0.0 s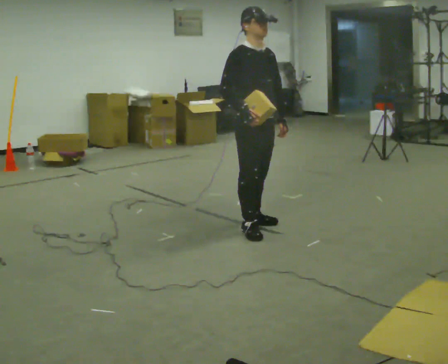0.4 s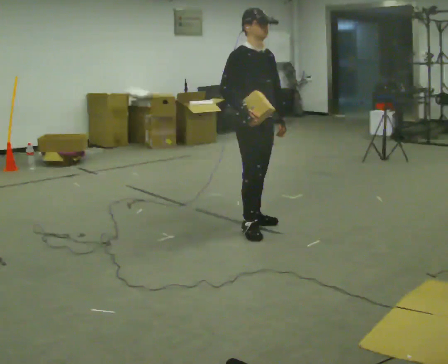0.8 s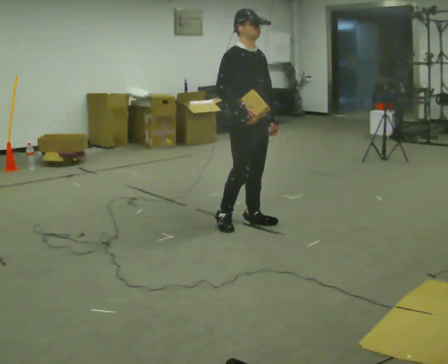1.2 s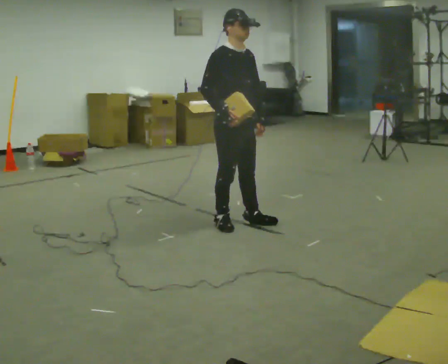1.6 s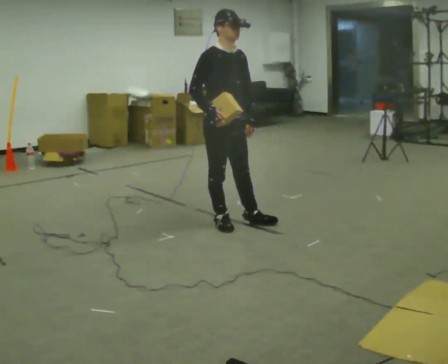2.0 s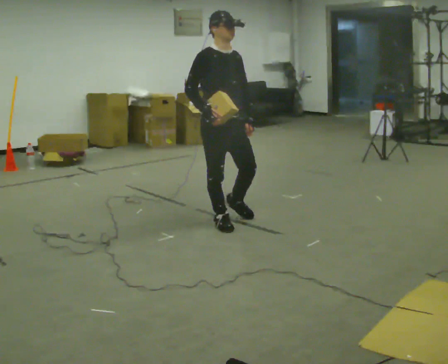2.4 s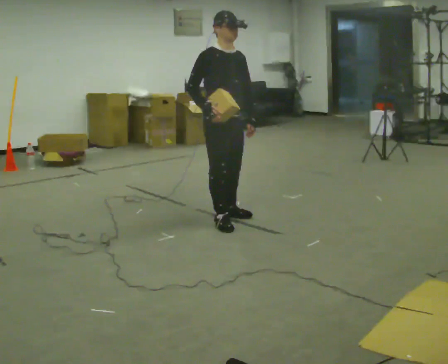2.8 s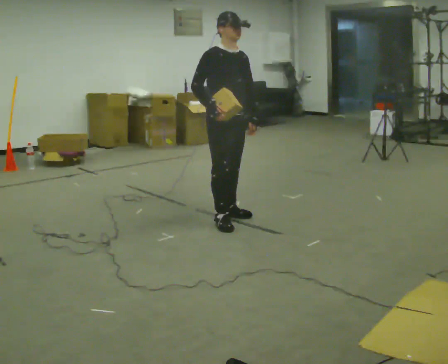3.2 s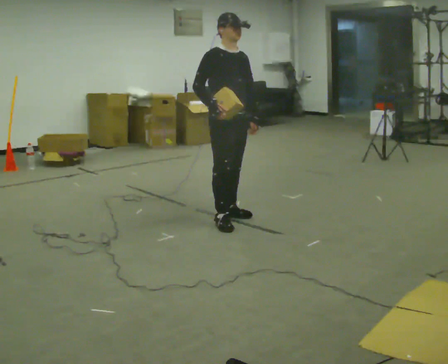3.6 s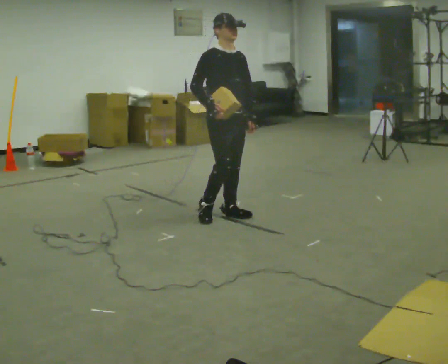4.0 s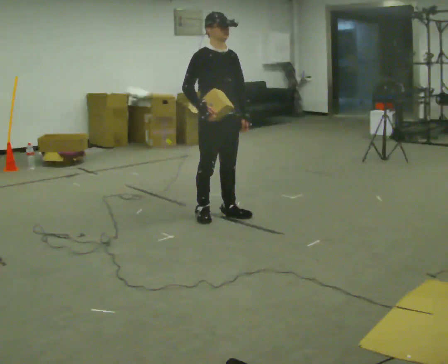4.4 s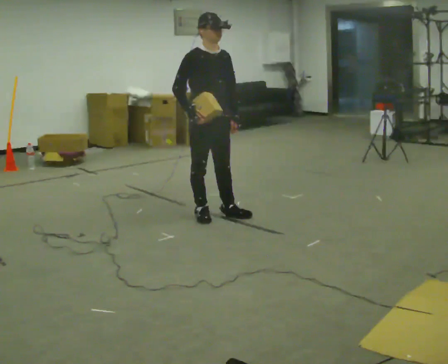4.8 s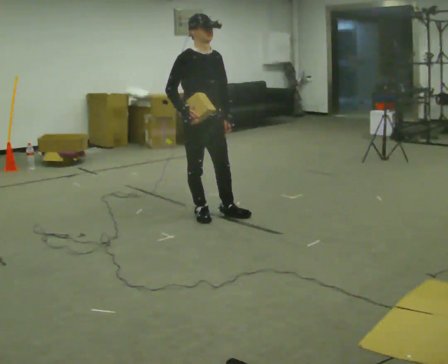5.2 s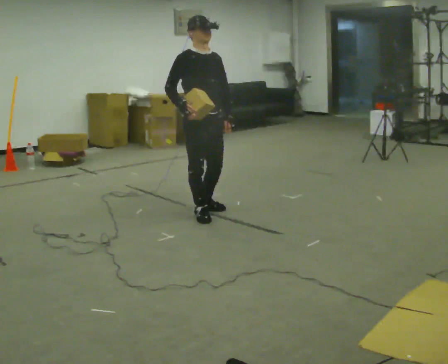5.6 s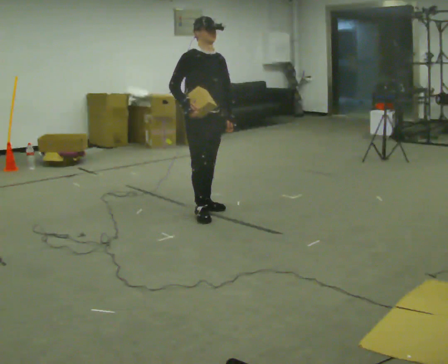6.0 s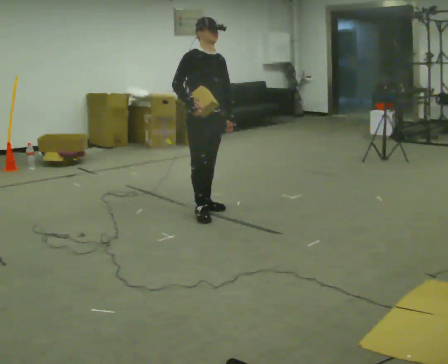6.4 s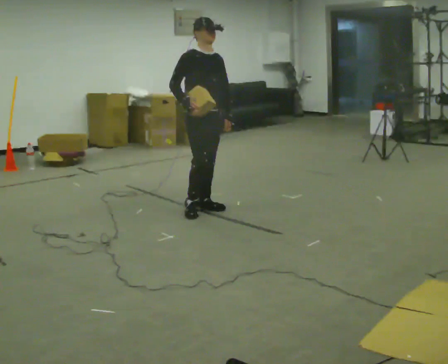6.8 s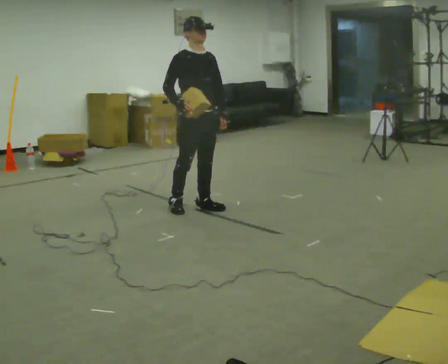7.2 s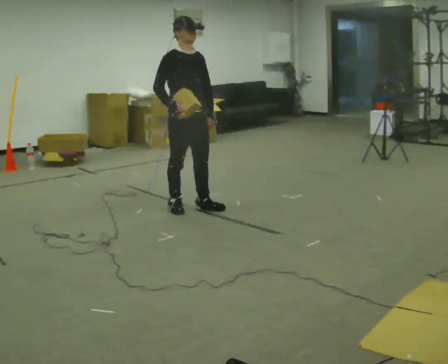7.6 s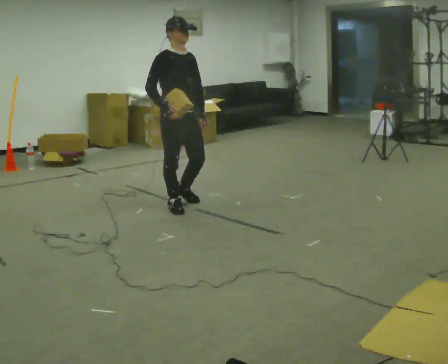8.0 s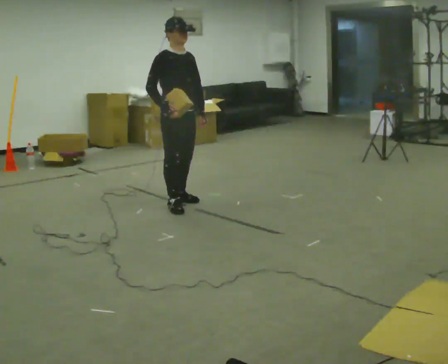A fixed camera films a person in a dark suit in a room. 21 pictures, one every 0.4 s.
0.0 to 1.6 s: In the picture they go to the left and away from the camera, about 0.25 m in 1 step, which for them is backward.
1.6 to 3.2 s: In the picture they go away from the camera, about 0.25 m in 1 step, which for them is to their left.
3.2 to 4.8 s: In the picture they go to the left, about 0.25 m in 1 step, which for them is backward.
4.8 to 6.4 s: In the picture they go away from the camera, about 0.25 m in 2 steps, which for them is backward and to their left.
6.4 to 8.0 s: In the picture they go to the left, about 0.25 m in 1 step, which for them is backward and to their right.
The film runs backward here.
